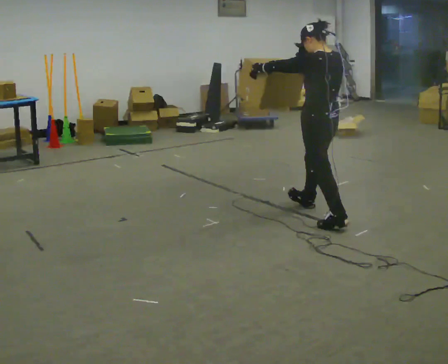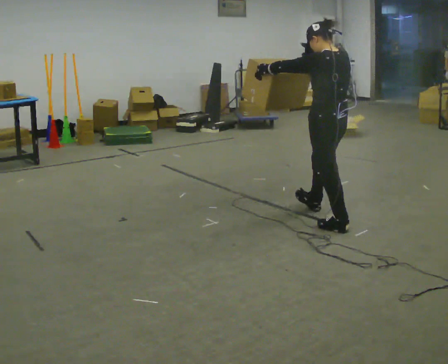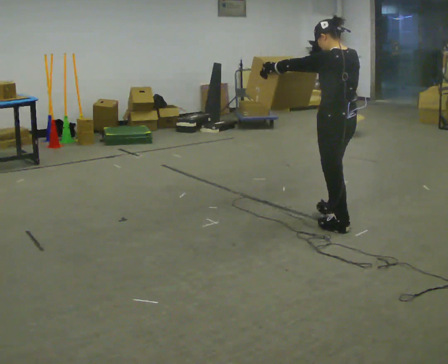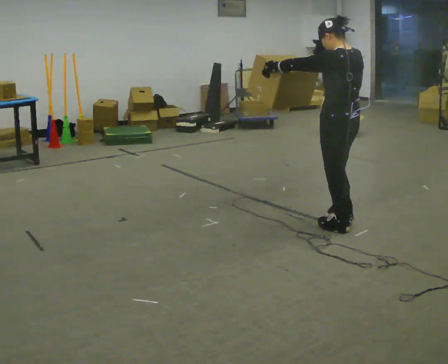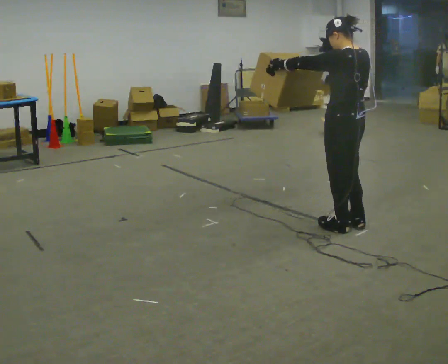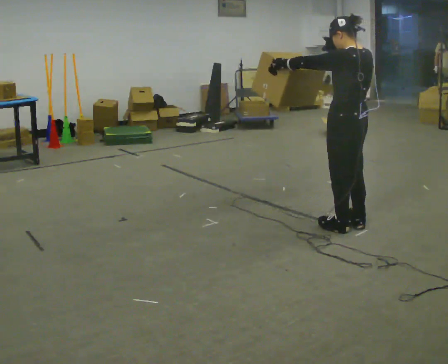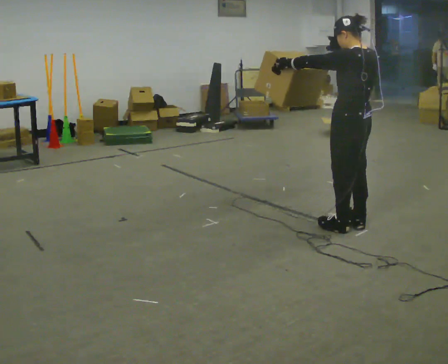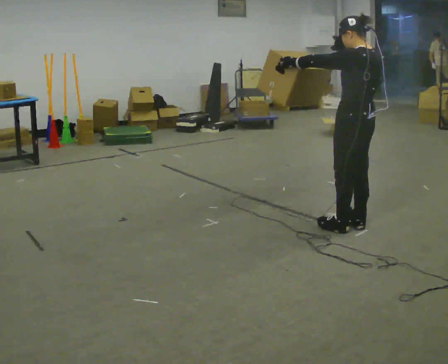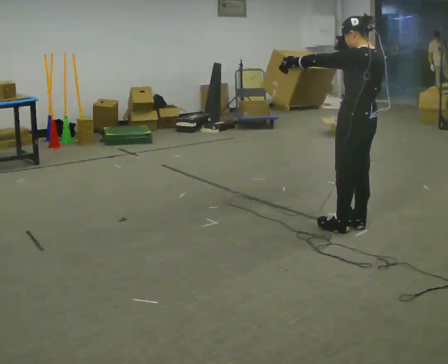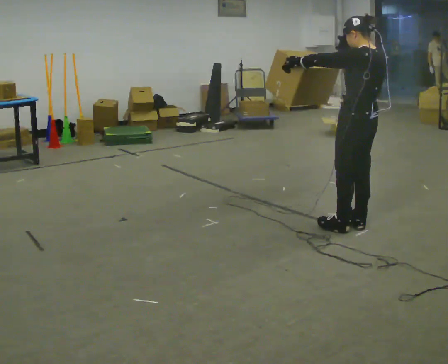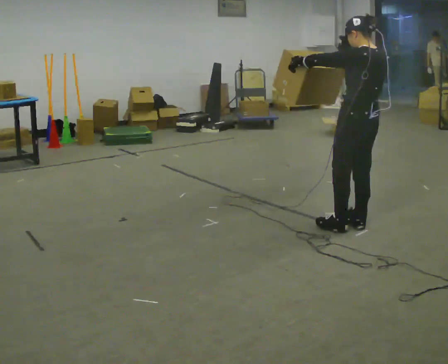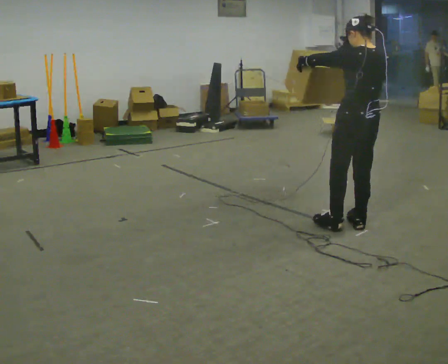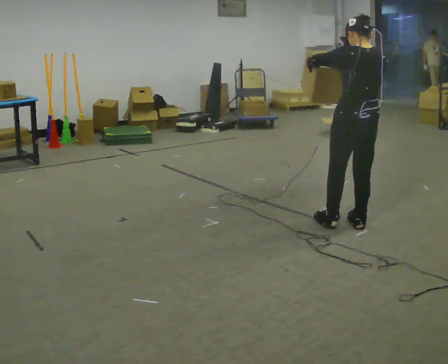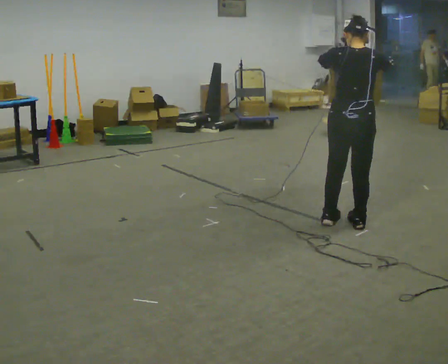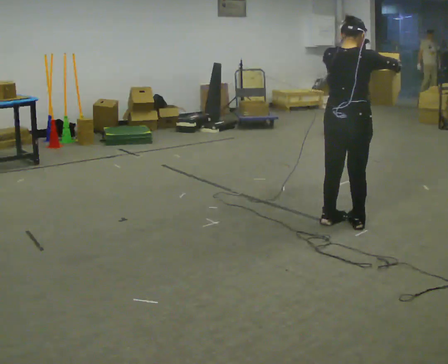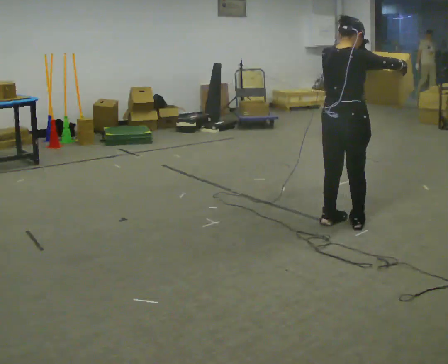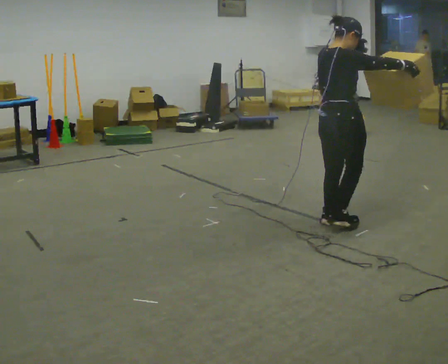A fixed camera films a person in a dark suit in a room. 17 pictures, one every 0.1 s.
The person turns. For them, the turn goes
to their right.
The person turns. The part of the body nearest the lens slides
to the left.
0.0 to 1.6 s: Seen from above the body turns clockwise, about 105 degrees: to their right, with its near side sliding to the left. In the picture they go toward the camera, about 0.25 m in 3 steps. In the picture their right hand goes to the right.
The film runs backward here.
